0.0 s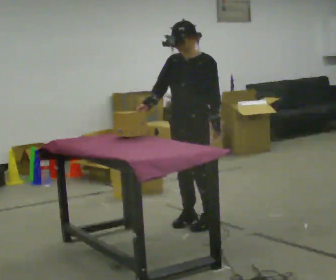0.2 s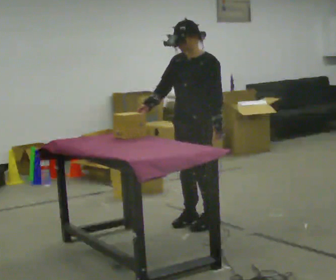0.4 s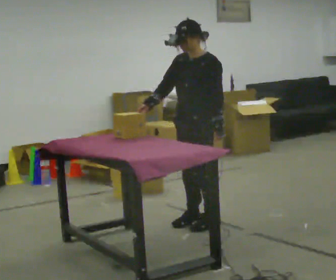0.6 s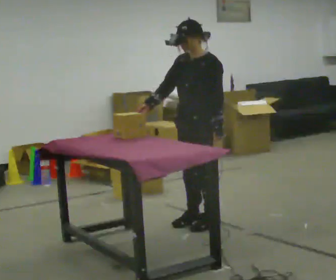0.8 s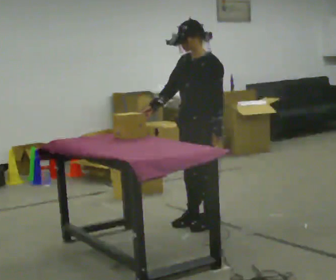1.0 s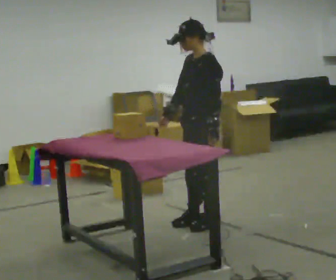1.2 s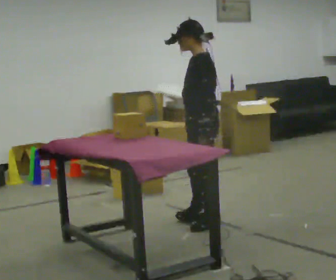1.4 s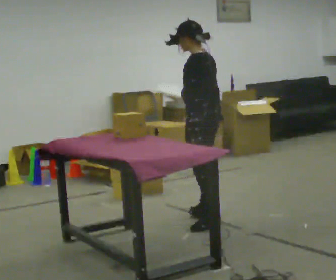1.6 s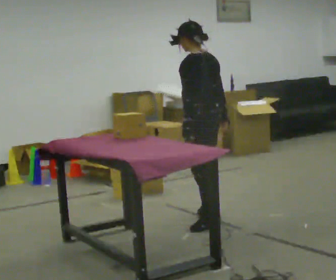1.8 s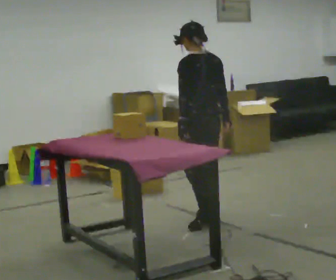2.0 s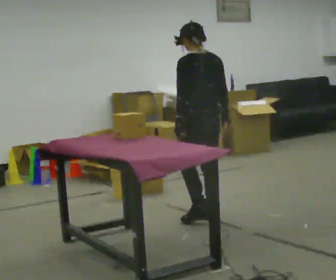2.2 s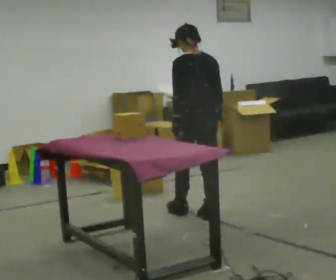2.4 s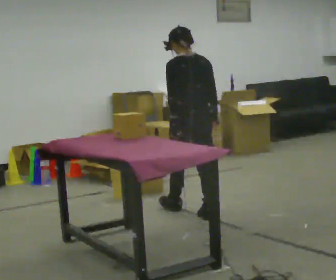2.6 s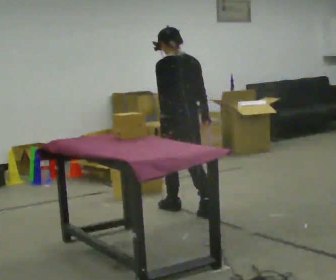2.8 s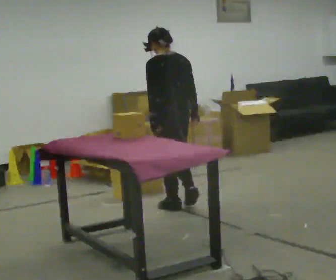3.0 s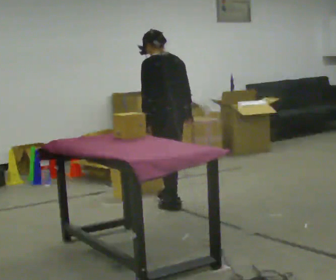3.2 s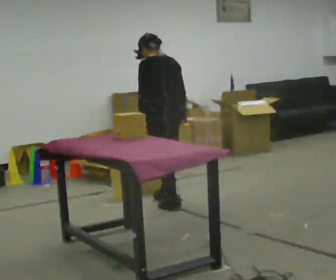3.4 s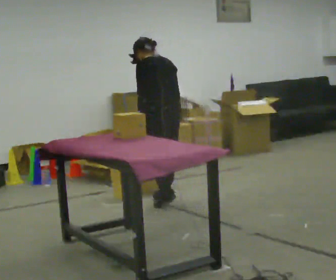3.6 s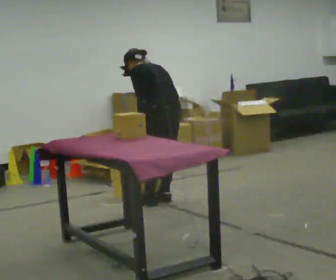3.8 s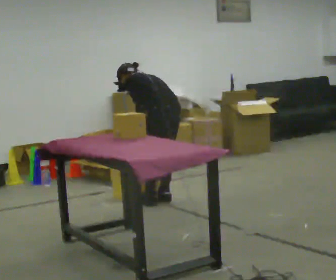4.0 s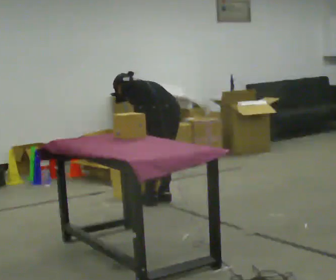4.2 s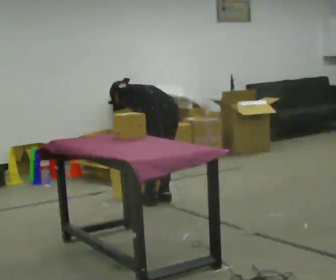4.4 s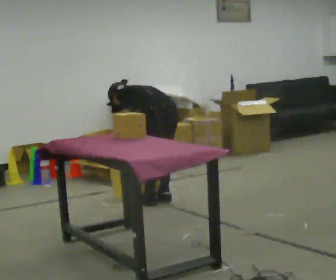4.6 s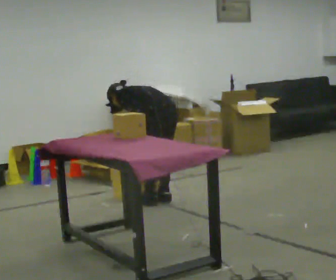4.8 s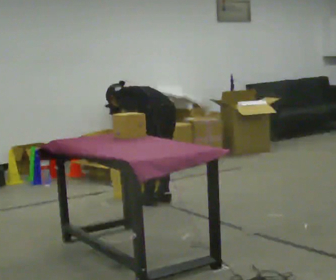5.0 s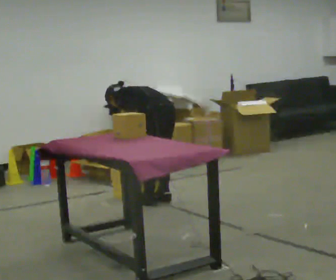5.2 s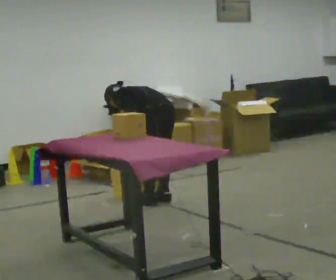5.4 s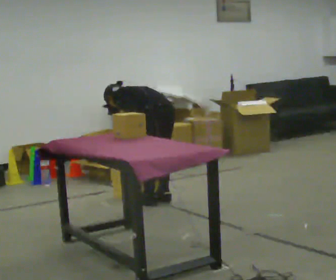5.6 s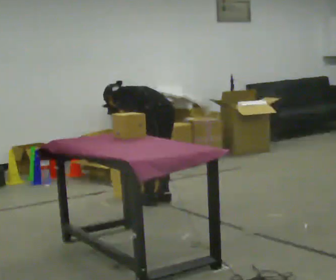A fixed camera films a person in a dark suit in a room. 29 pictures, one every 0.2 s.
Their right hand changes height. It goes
downward.
The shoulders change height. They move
downward.
0.0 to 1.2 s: The part of the body nearest the lens slides to the left as the person turns to their right by about 60 degrees. In the picture their right hand goes to the right, the arm swinging counterclockwise.
1.2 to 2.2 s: The part of the body nearest the lens slides to the left as the person turns to their right by about 60 degrees. In the picture they go away from the camera, about 0.25 m in 1 step, which for them is forward and to their right.
2.2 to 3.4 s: In the picture they go away from the camera and to the left, about 0.5 m in 2 steps, which for them is forward.
3.4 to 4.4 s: The upper body goes downward. In the picture the upper body tilts counterclockwise, shoulders to the left, as they bend forward.
4.4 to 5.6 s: The person moves a little, or ends about where they began.
The film runs forward here.
